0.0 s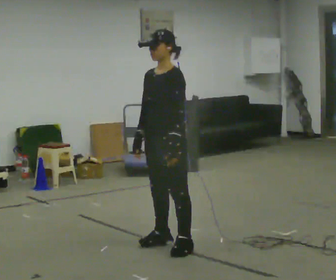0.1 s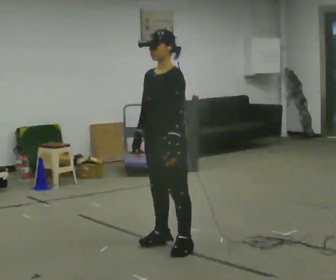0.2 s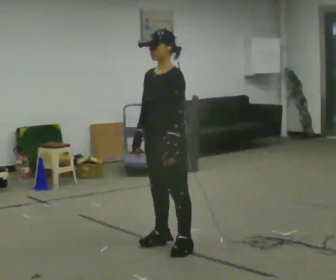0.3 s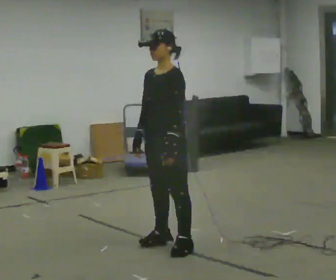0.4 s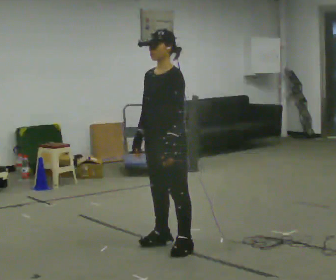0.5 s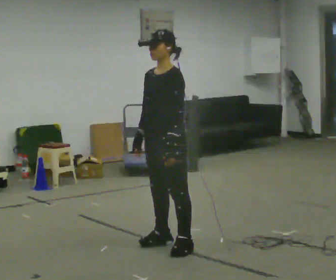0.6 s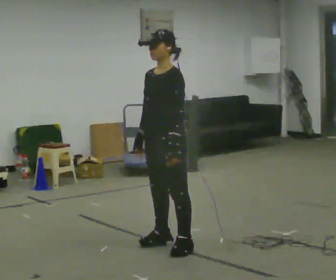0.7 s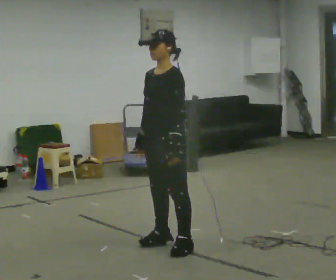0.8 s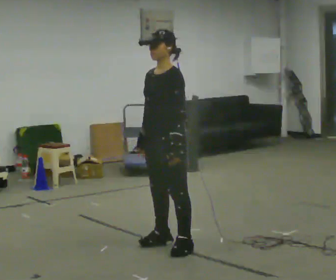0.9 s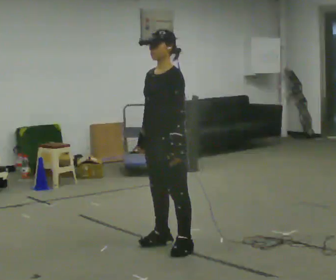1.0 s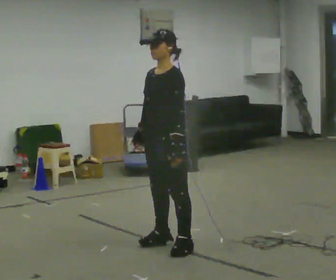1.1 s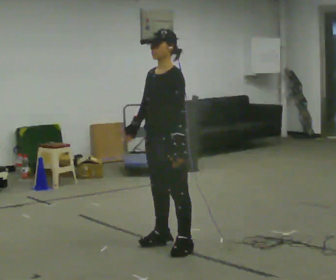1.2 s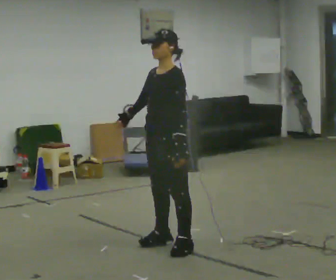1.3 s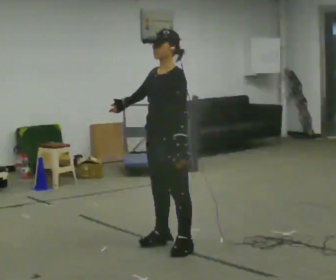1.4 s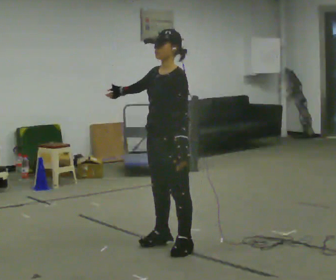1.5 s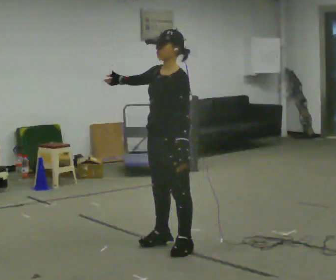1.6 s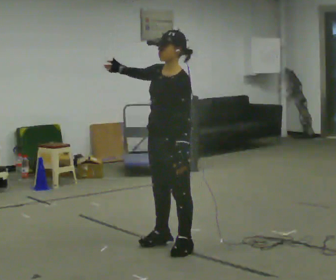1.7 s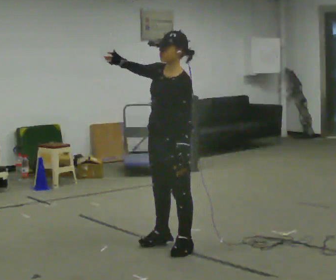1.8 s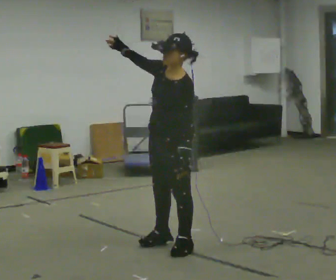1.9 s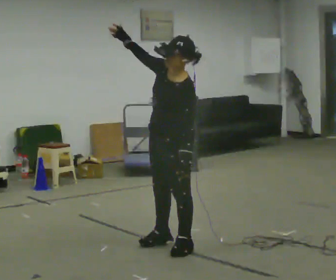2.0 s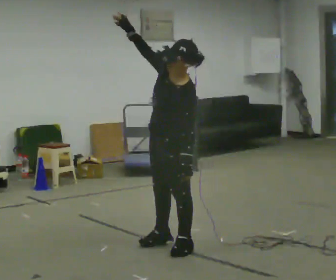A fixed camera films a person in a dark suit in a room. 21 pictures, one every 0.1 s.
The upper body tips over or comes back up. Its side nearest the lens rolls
downward.
Their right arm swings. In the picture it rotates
clockwise.
0.0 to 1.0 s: The person moves a little, or ends about where they began.
1.0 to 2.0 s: The upper body tips toward the camera, its near side rolling downward. In the picture their right hand goes upward, the arm swinging clockwise.
The film runs backward here.
